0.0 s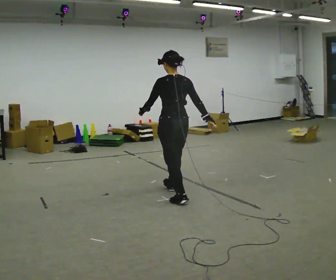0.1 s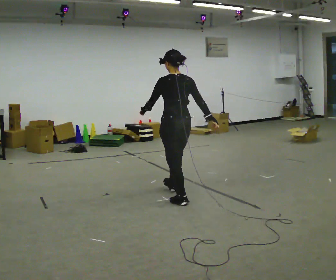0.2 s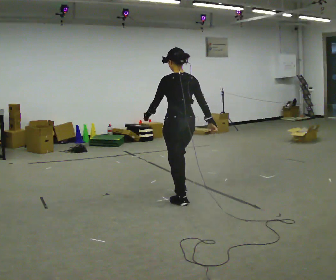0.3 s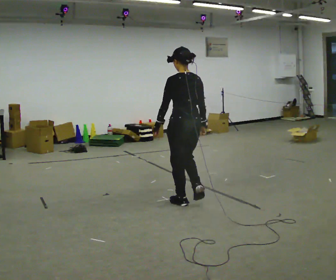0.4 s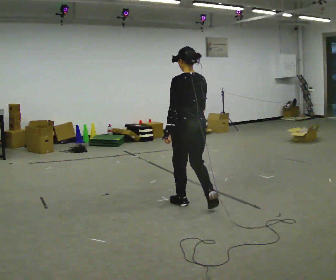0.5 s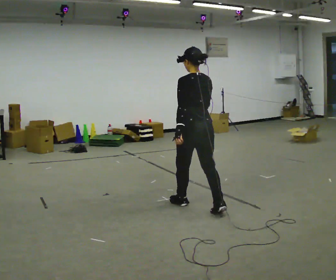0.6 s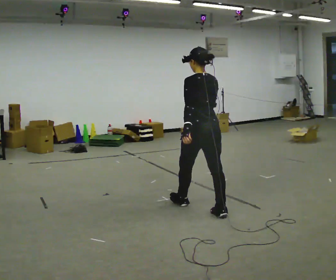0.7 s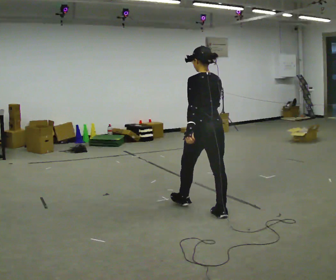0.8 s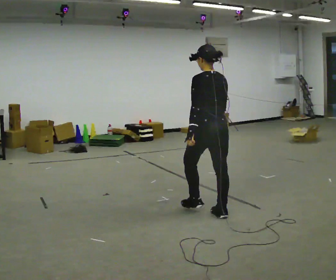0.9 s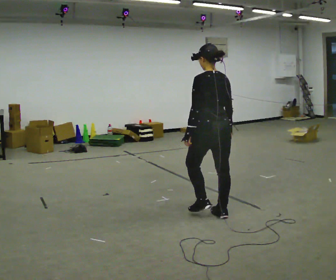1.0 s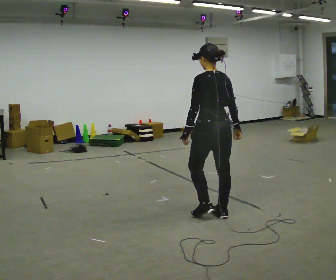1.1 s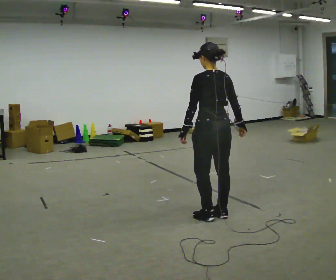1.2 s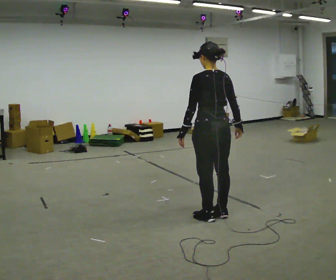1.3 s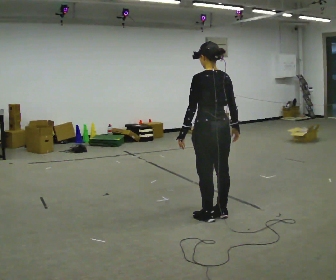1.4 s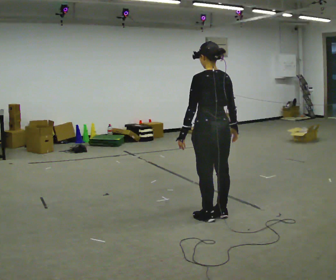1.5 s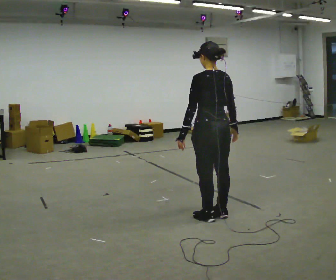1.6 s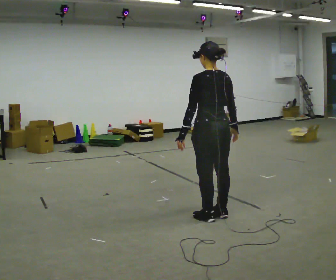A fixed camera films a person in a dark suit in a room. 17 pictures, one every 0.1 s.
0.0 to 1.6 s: In the picture they go toward the camera and to the right, about 0.5 m in 1 step, which for them is backward.
The film runs backward here.
